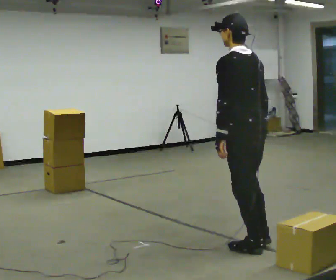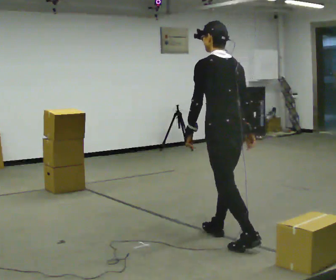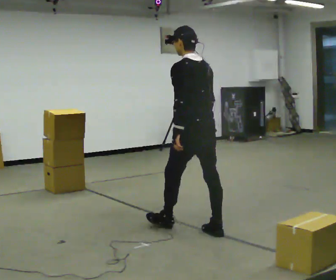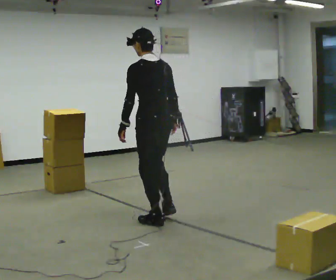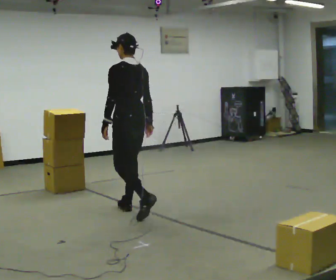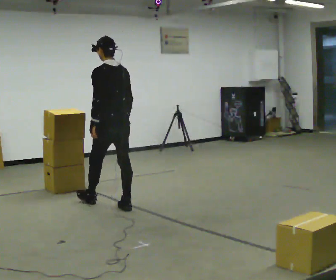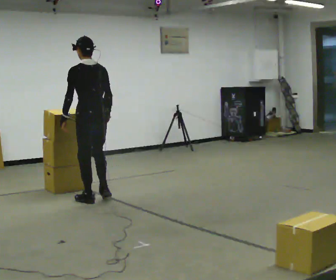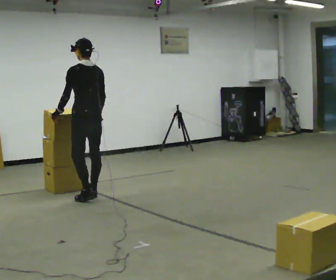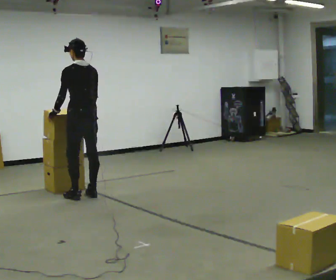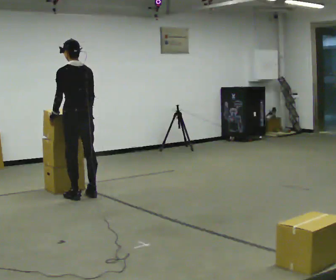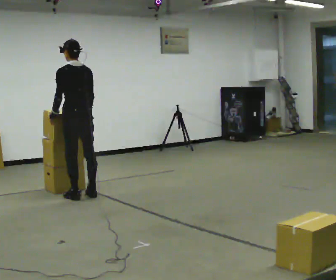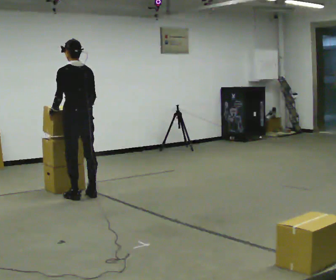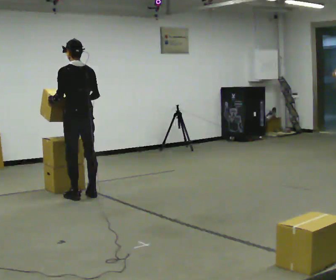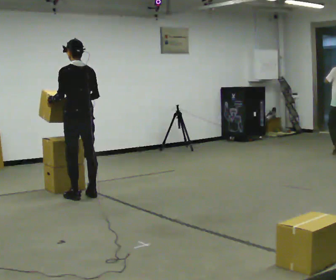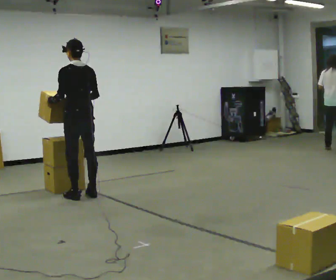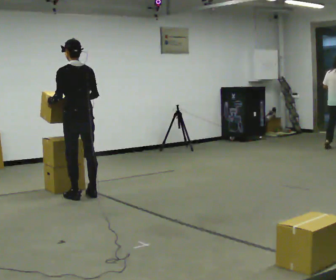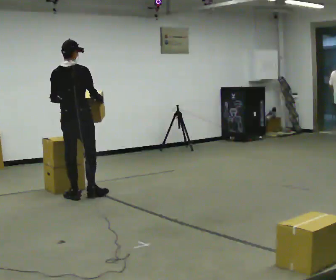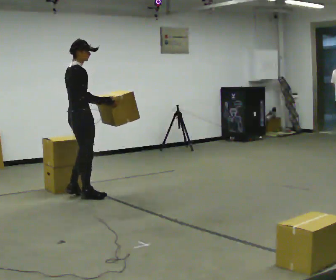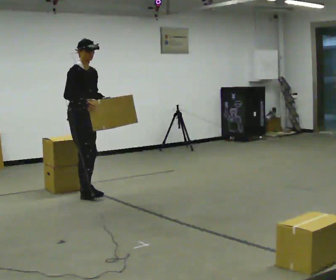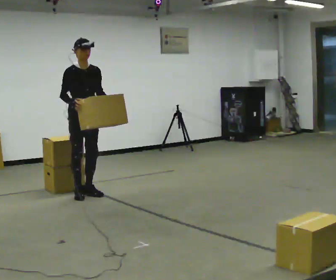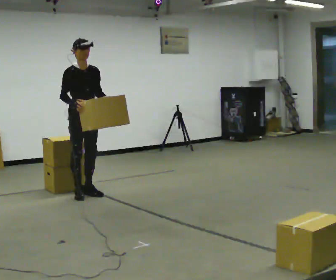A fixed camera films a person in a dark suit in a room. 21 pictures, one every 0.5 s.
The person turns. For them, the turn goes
to their right.
The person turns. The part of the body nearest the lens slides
to the left.
0.0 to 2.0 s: In the picture they go away from the camera and to the left, about 1.5 m in 3 steps, which for them is forward.
2.0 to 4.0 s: In the picture they go away from the camera and to the left, about 1 m in 3 steps, which for them is forward.
4.0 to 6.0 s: The person moves a little, or ends about where they began.
6.0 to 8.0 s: The part of the body nearest the lens slides to the left as the person turns to their right by about 45 degrees.
8.0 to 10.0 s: The person turns about 135 degrees to their right, clockwise seen from above, so the part of the body nearest the lens slides to the left. In the picture their right hand goes to the left, the arm swinging clockwise.
The film runs forward here.
